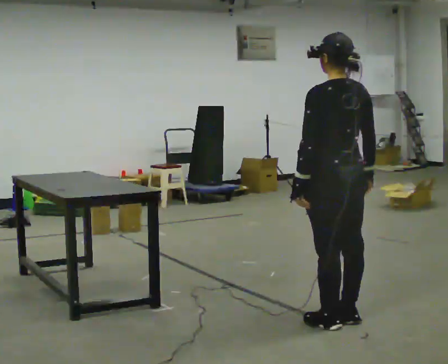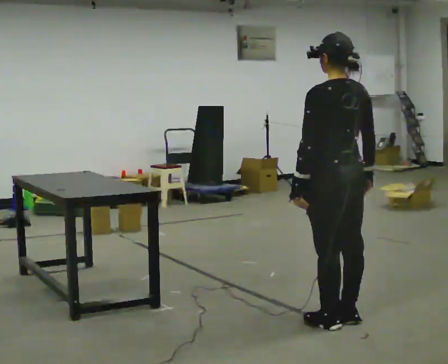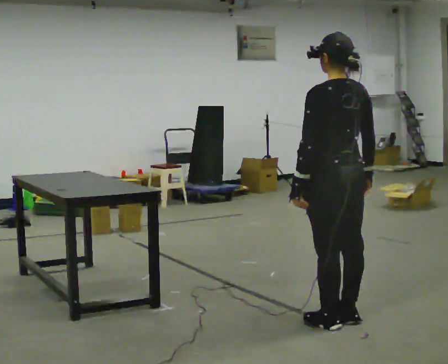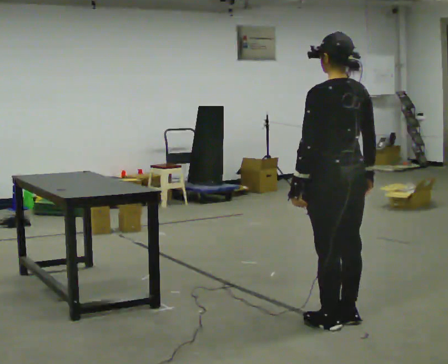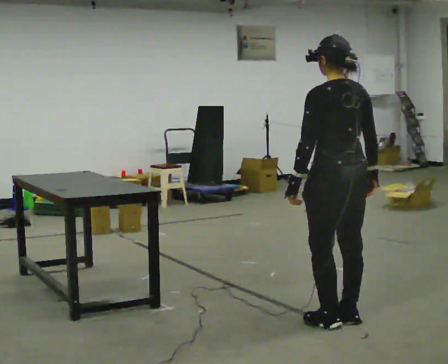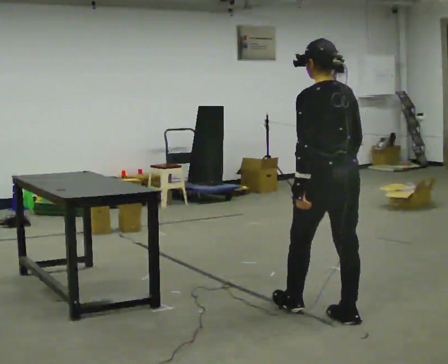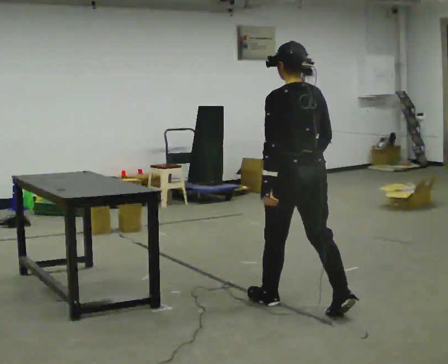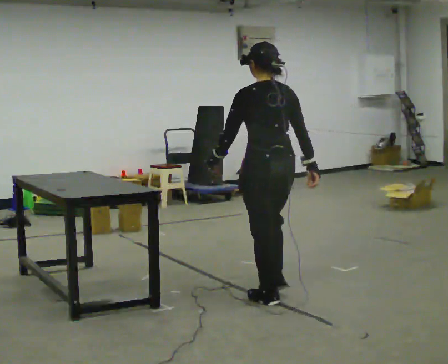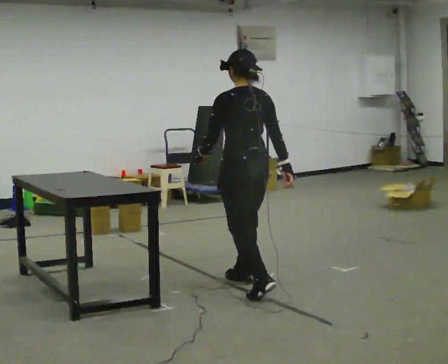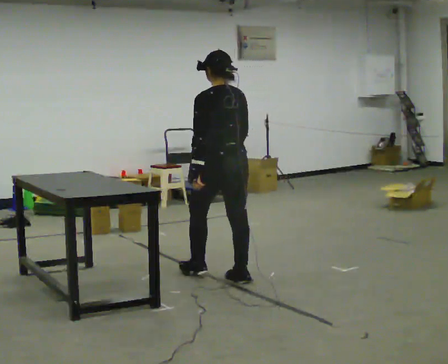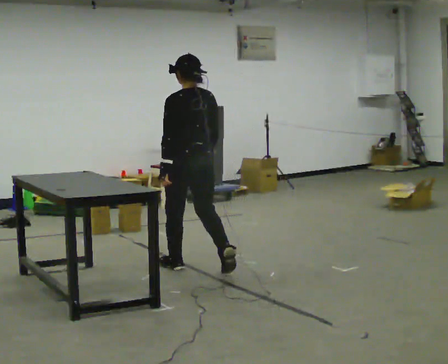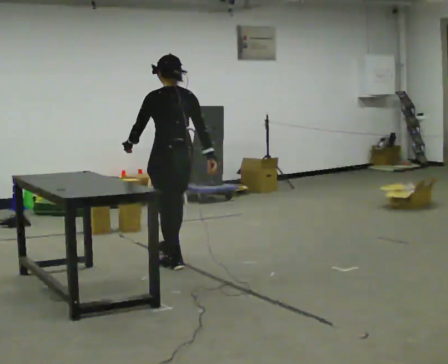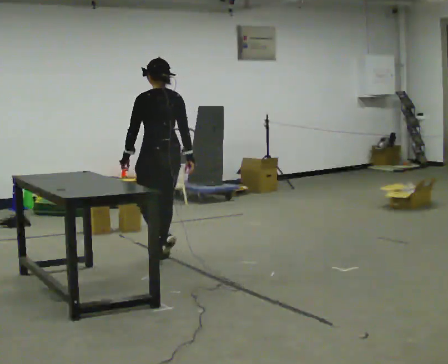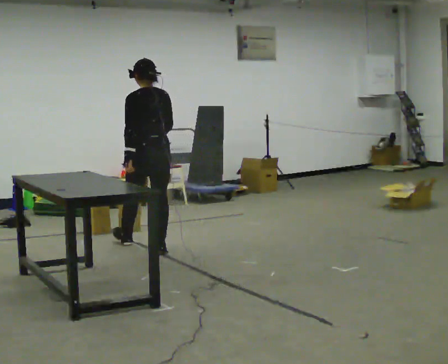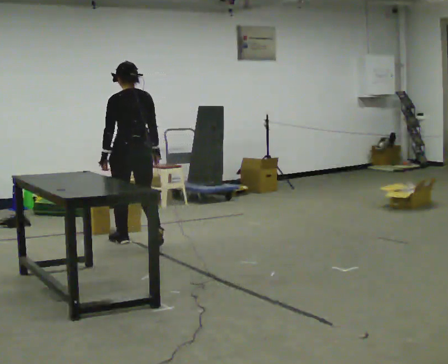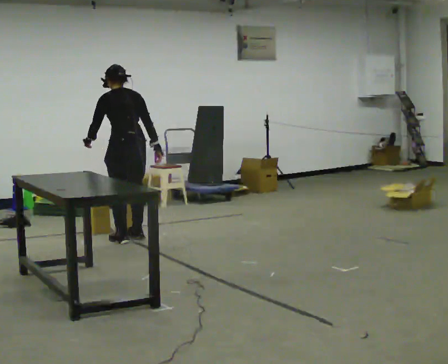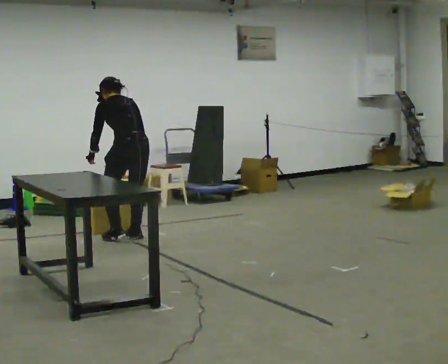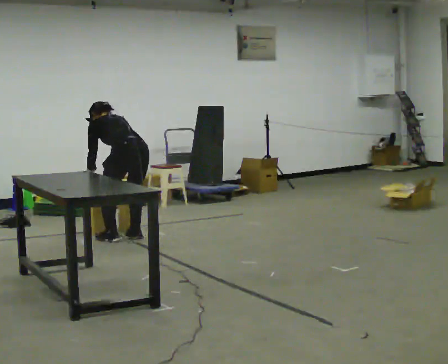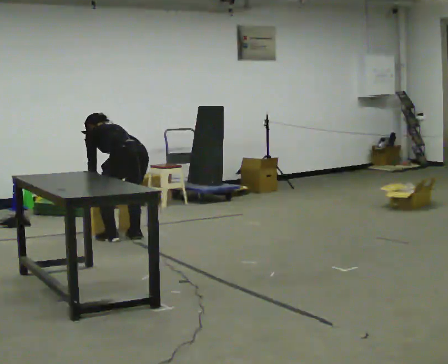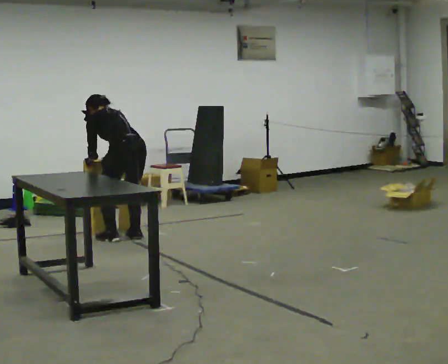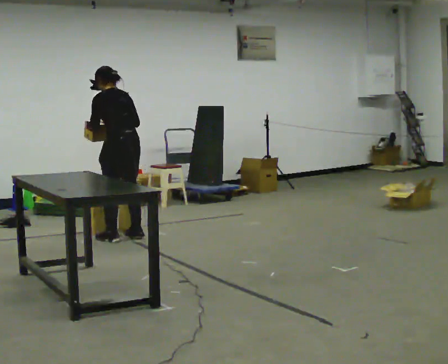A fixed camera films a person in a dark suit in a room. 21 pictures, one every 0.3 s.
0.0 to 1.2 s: The person moves a little, or ends about where they began.
1.2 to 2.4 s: In the picture they go away from the camera and to the left, about 1 m in 2 steps, which for them is forward.
2.4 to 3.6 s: In the picture they go away from the camera and to the left, about 1 m in 2 steps, which for them is forward.
3.6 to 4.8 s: In the picture they go away from the camera and to the left, about 0.5 m in 2 steps, which for them is forward. The upper body tips away from the camera, its near side rolling upward, as they bend forward.
4.8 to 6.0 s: The person moves a little, or ends about where they began.
The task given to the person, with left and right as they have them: Pick up the next box in the row and carry it to the table. The operator will not tell you how heavy each one is. Keep going until the operator says stop; one object at a time, and do not rush between trips.
The film runs forward here.
